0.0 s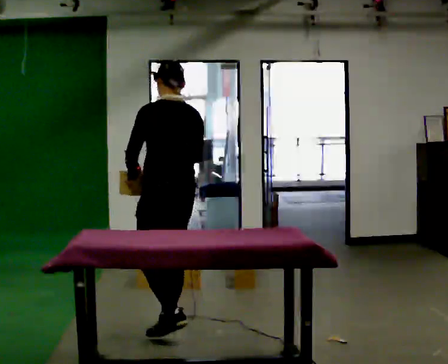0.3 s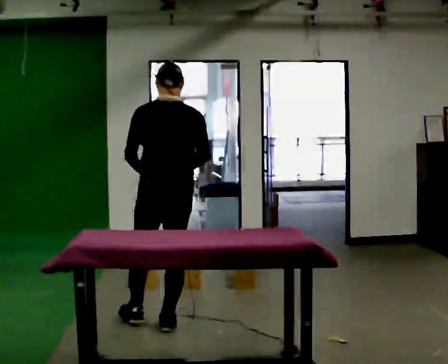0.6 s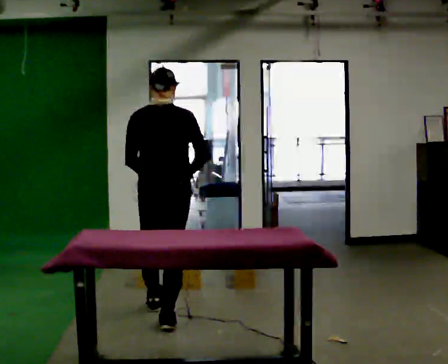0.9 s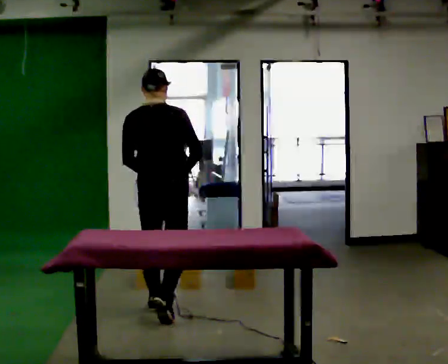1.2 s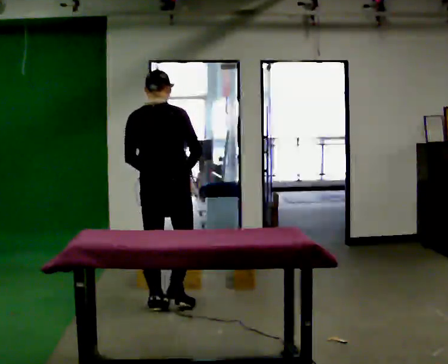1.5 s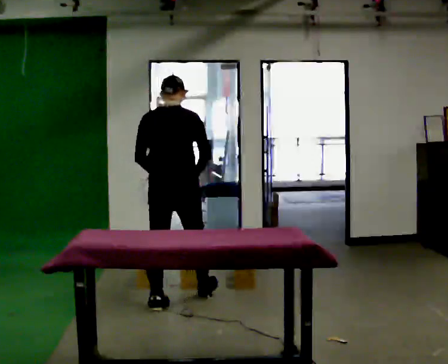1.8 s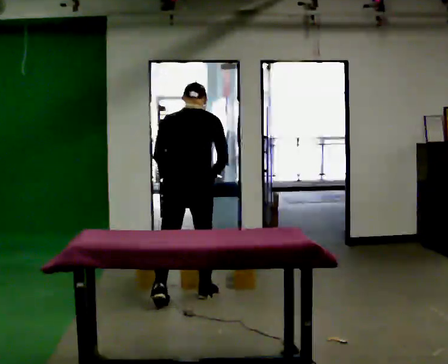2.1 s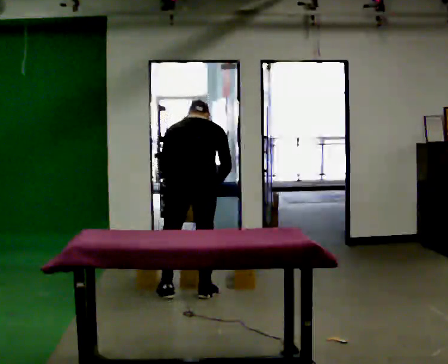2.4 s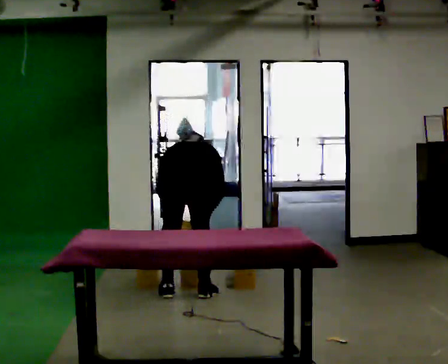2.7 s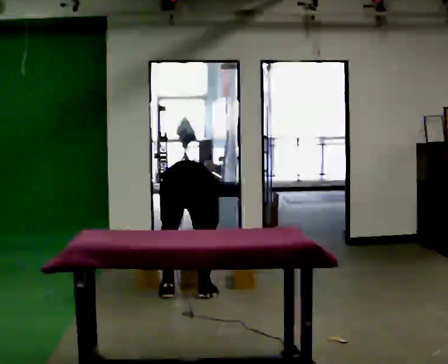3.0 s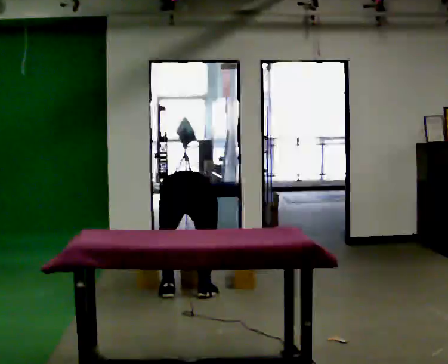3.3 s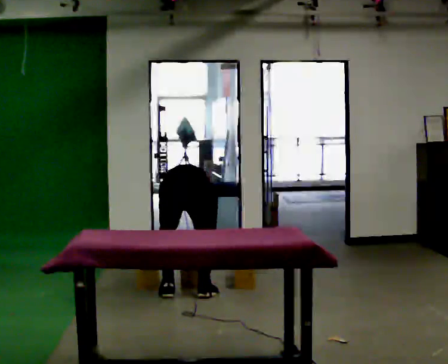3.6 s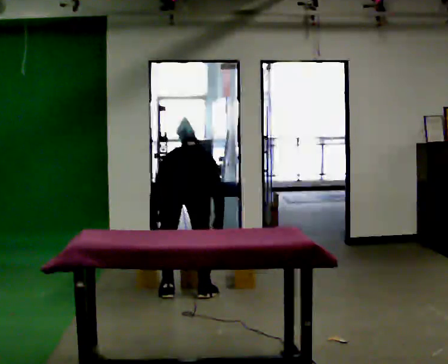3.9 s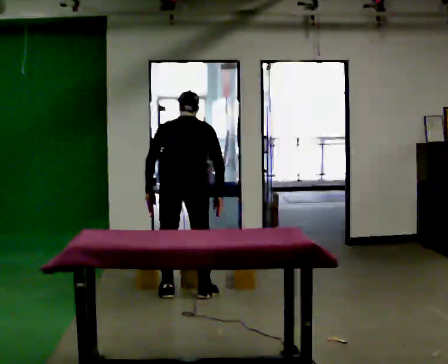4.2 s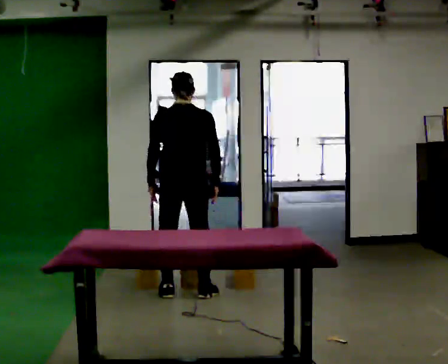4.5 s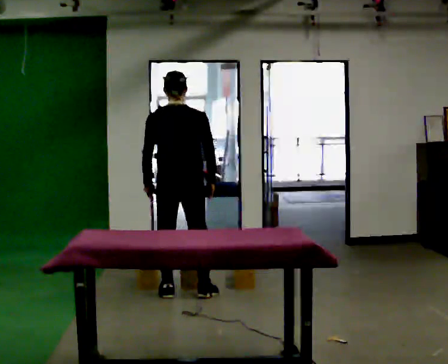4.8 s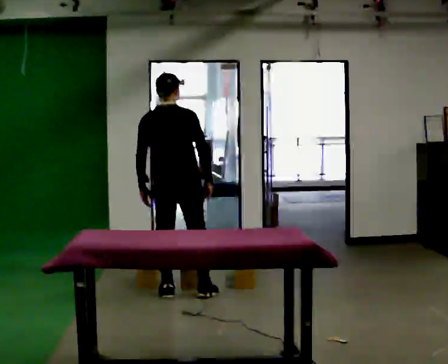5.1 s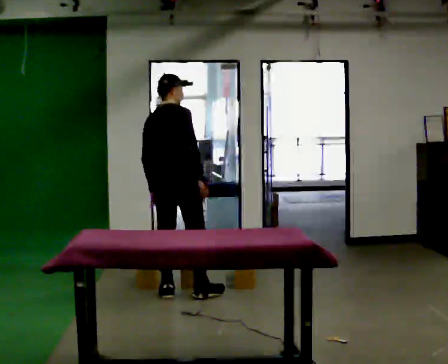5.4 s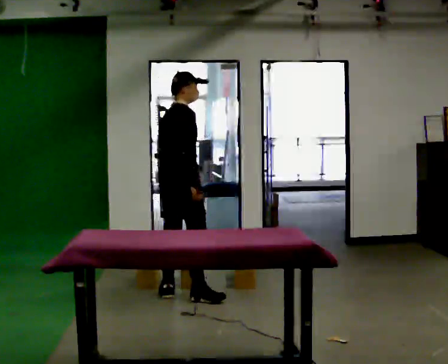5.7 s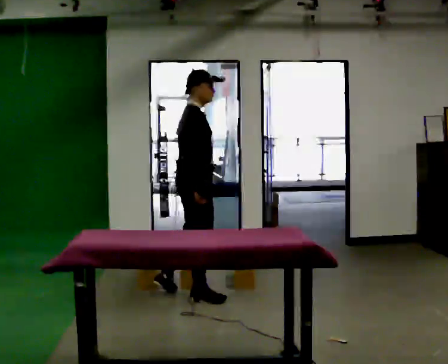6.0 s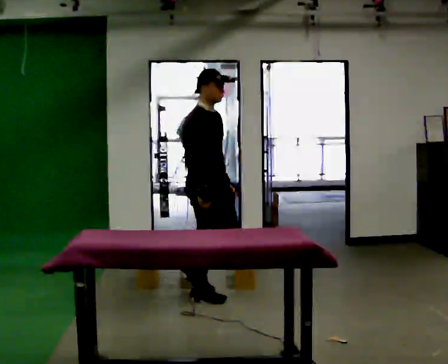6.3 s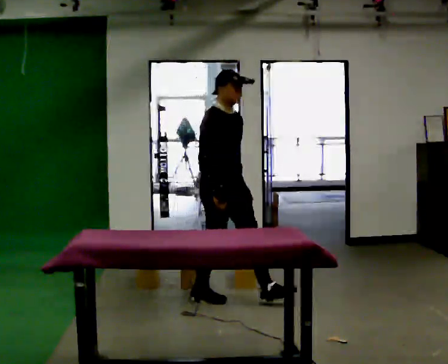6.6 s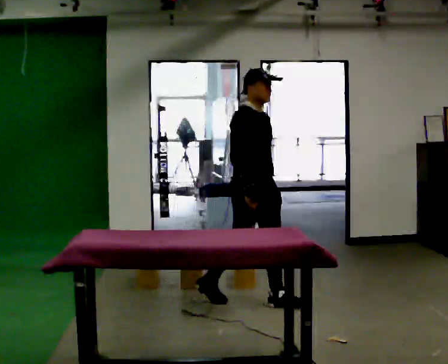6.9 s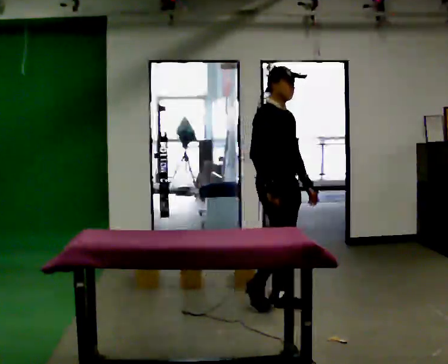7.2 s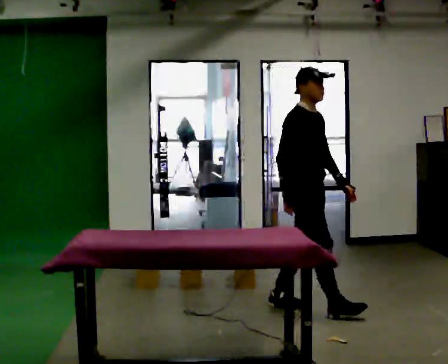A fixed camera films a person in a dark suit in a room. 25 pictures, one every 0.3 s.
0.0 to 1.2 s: Seen from above the body turns clockwise, about 45 degrees: to their right, with its near side sliding to the left. In the picture they go away from the camera, about 0.5 m in 1 step, which for them is forward and to their left.
1.2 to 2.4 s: In the picture they go away from the camera and to the right, about 0.25 m in 2 steps, which for them is forward and to their right. The upper body goes downward. The upper body tips away from the camera, its near side rolling upward, as they bend forward. In the picture their left hand goes downward.
2.4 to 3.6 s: The person moves a little, or ends about where they began.
3.6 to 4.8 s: The shoulders move upward. The upper body tips toward the camera, its near side rolling downward, as they lean back or straighten.
4.8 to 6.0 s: The person turns about 105 degrees to their right, clockwise seen from above, so the part of the body nearest the lens slides to the left. In the picture they go to the right, about 0.25 m.
6.0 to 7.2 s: In the picture they go to the right and toward the camera, about 1 m in 2 steps, which for them is forward.
The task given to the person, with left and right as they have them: Take boxes off the top of the stack one at a time and carry them away, walking back for each one. Keep going until the operator says stop; one object at a time, and do not rush between trips.
The film runs forward here.
